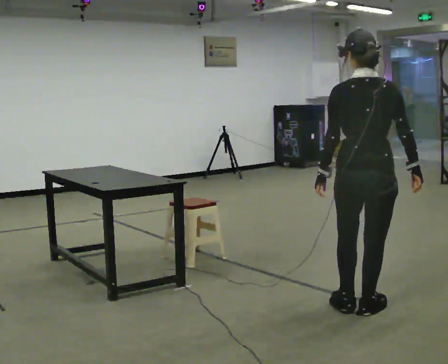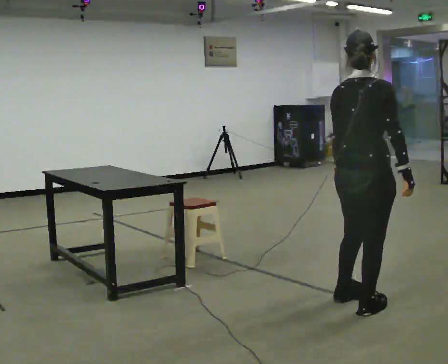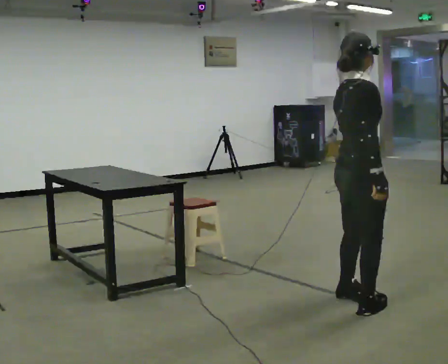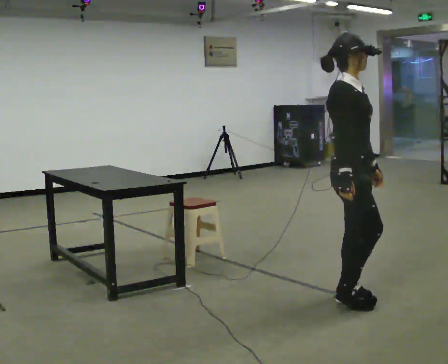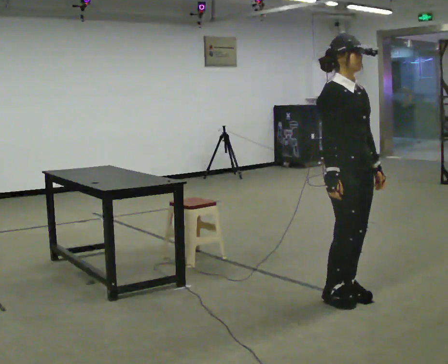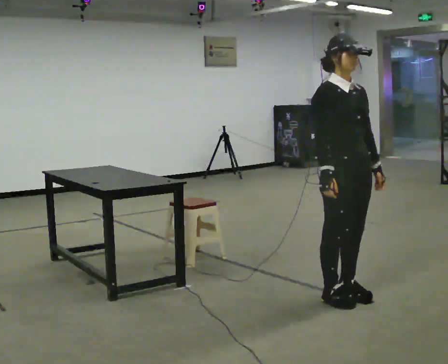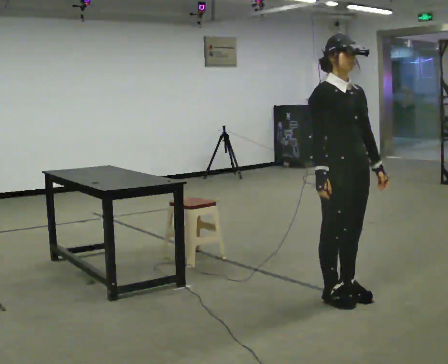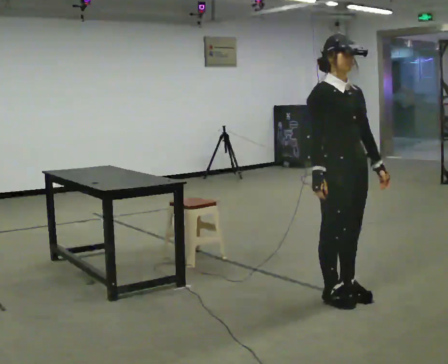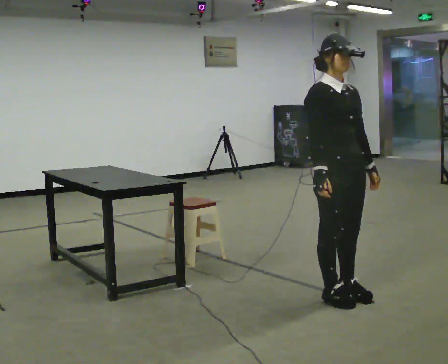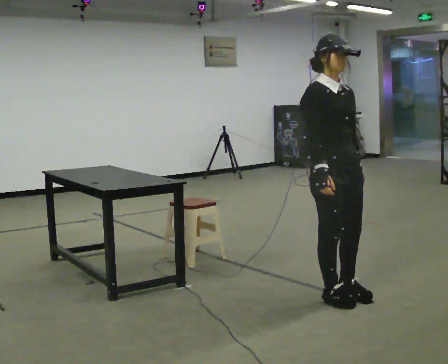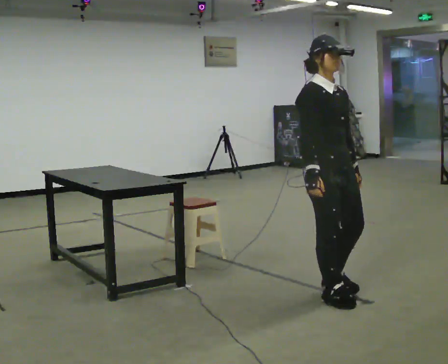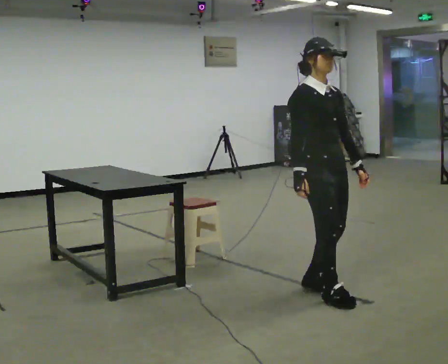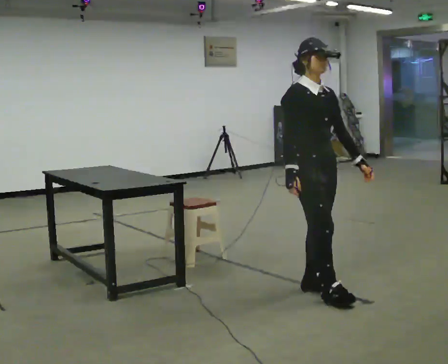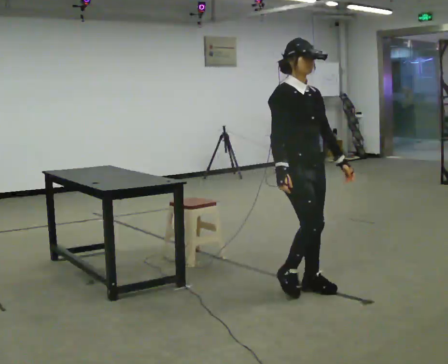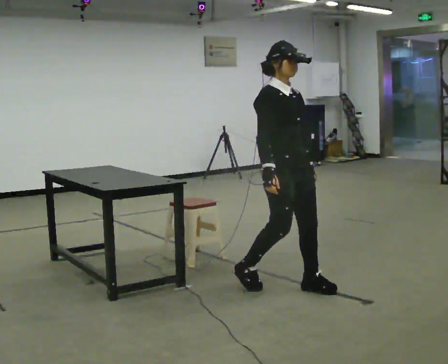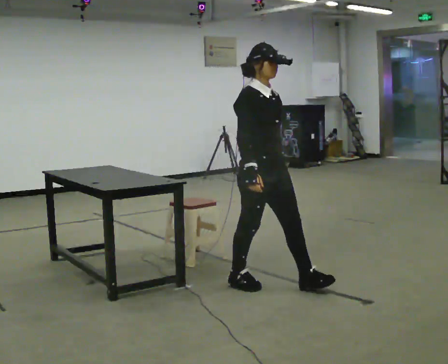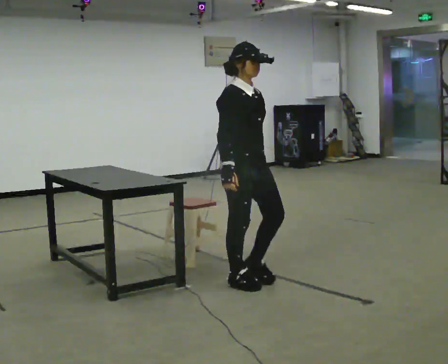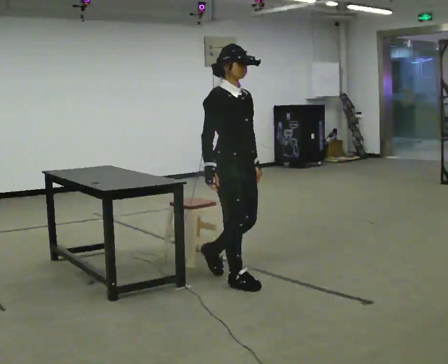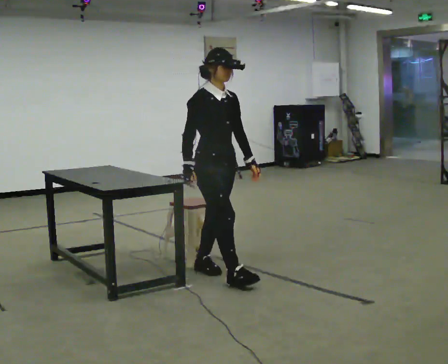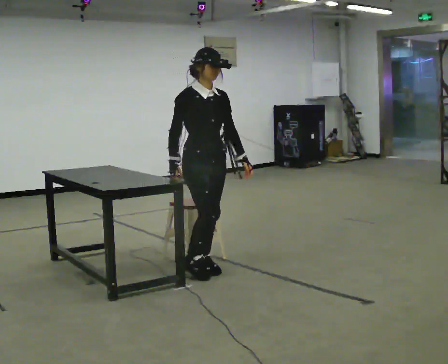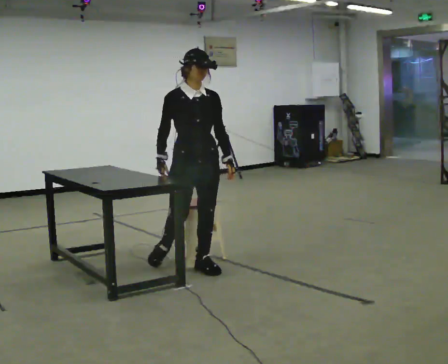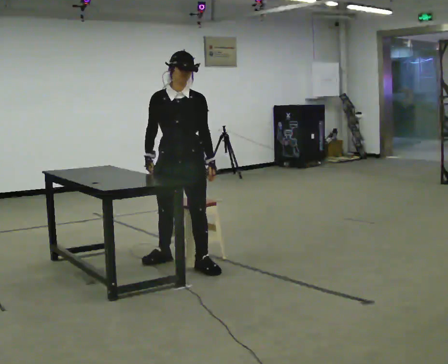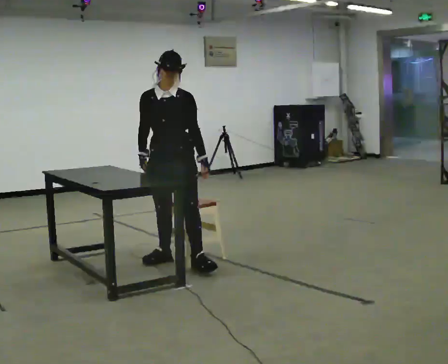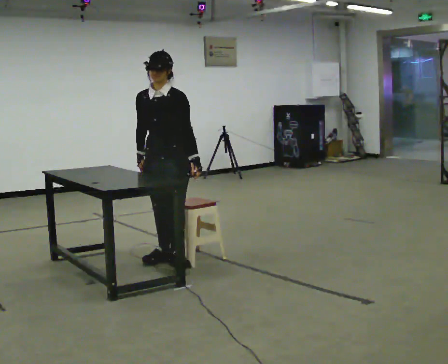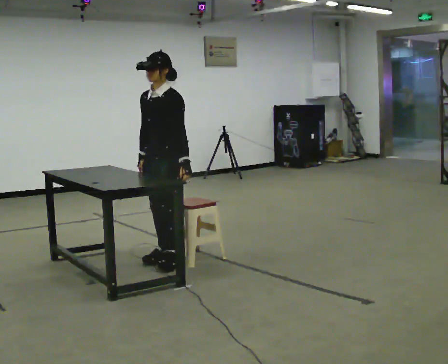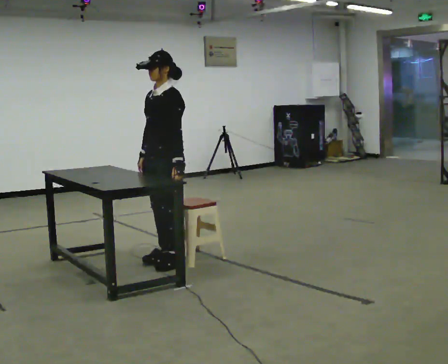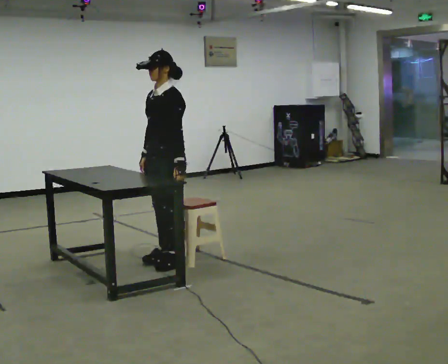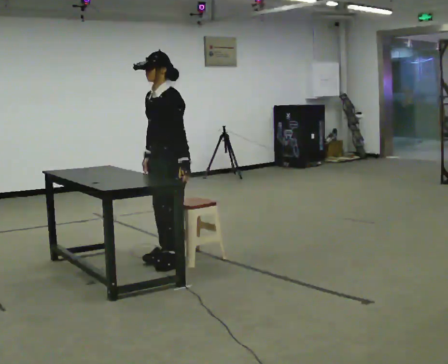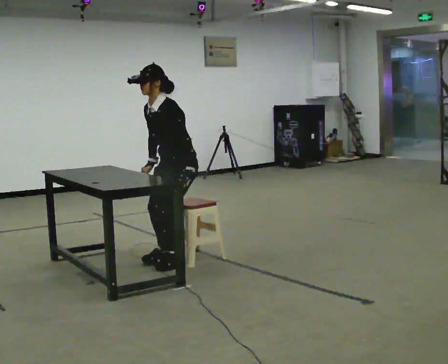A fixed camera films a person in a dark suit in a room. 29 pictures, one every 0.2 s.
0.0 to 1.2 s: The part of the body nearest the lens slides to the left as the person turns to their right by about 135 degrees. In the picture they go away from the camera, about 0.25 m in 2 steps. In the picture their left hand goes to the right, the arm swinging counterclockwise.
1.2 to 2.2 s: The person moves a little, or ends about where they began.
2.2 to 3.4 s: In the picture they go to the left and away from the camera, about 0.75 m in 2 steps, which for them is backward.
3.4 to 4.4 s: The person turns about 60 degrees to their right, clockwise seen from above, so the part of the body nearest the lens slides to the left. In the picture they go to the left and away from the camera, about 0.75 m in 2 steps.
4.4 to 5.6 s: Seen from above the body turns clockwise, about 45 degrees: to their right, with its near side sliding to the left.
The film runs backward here.
